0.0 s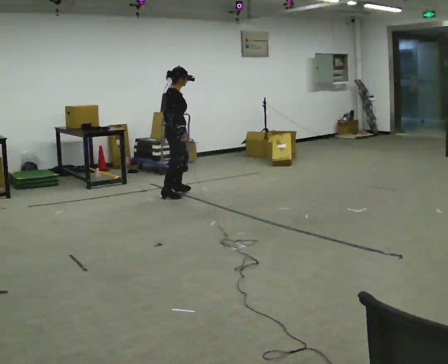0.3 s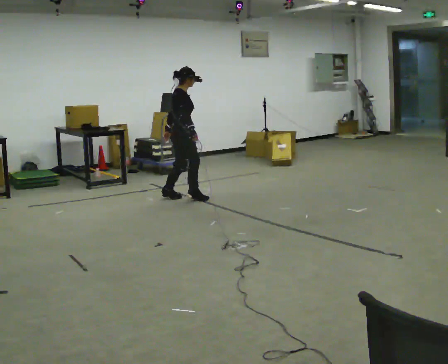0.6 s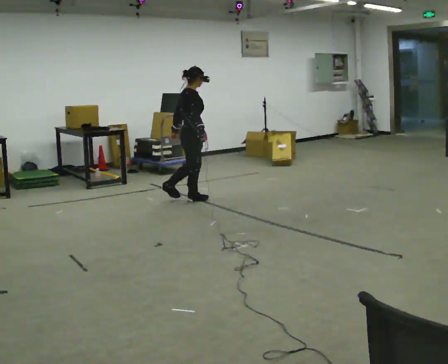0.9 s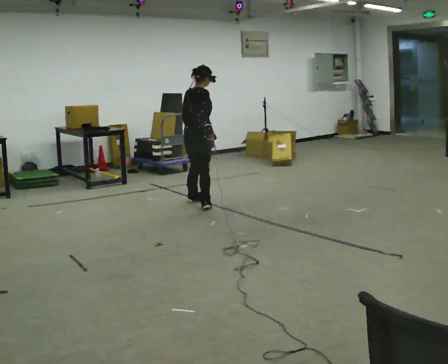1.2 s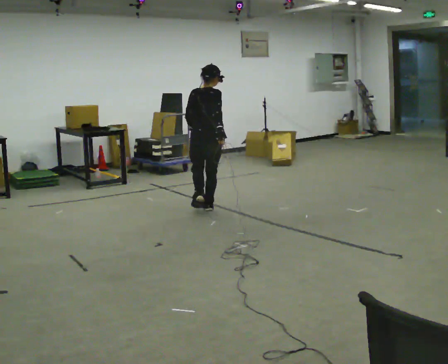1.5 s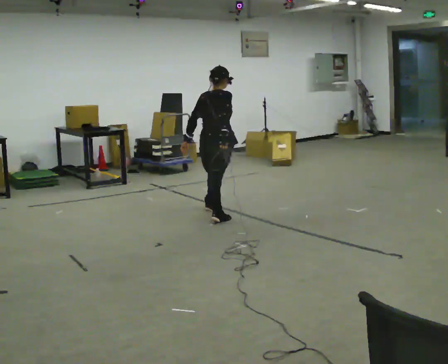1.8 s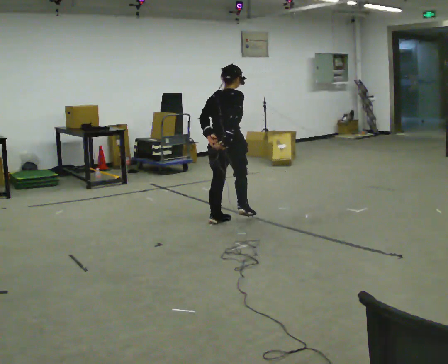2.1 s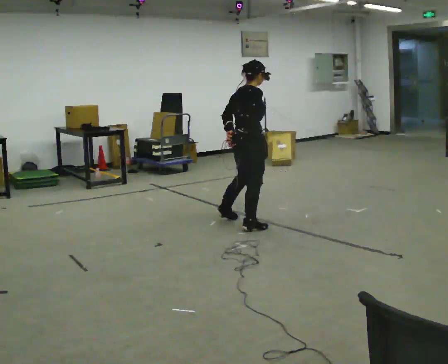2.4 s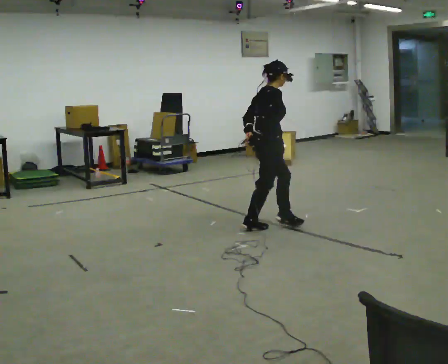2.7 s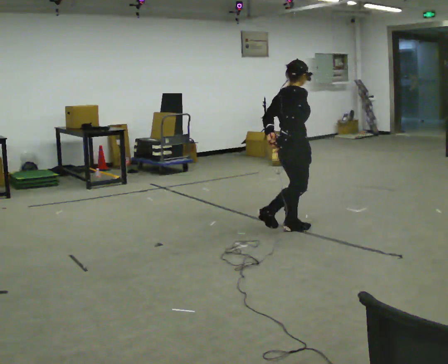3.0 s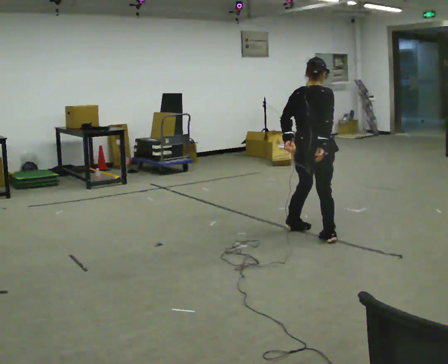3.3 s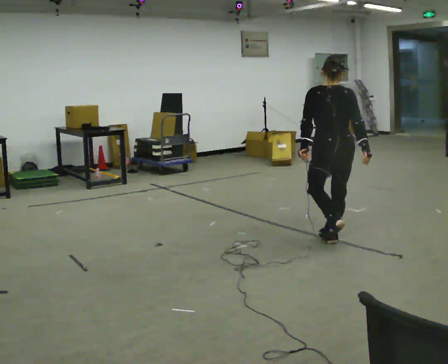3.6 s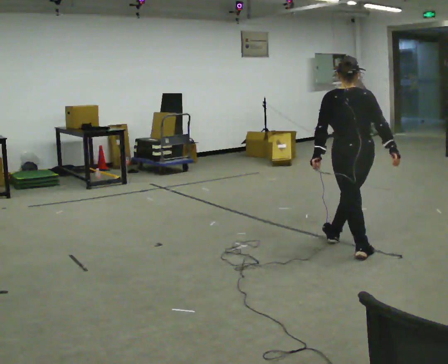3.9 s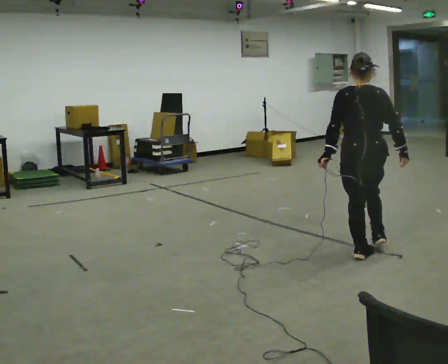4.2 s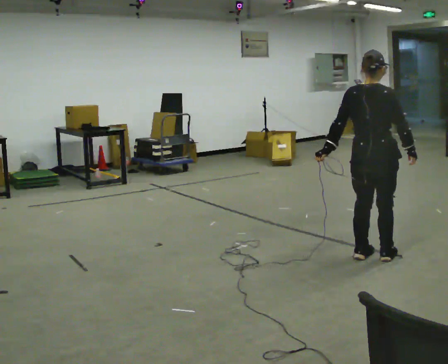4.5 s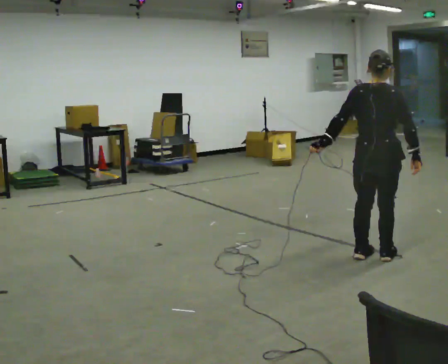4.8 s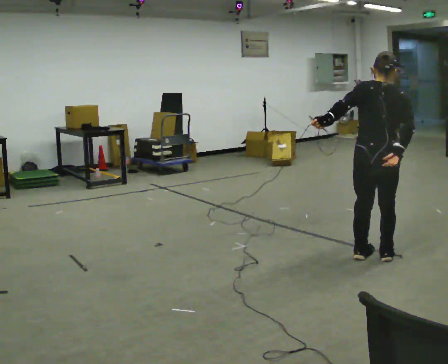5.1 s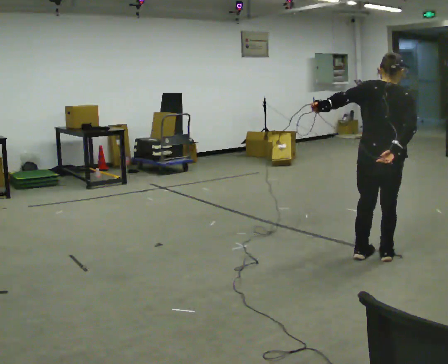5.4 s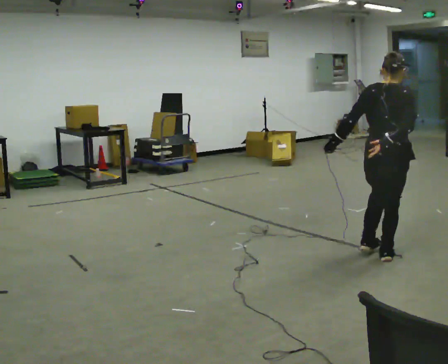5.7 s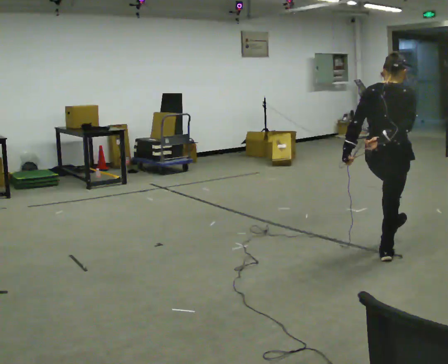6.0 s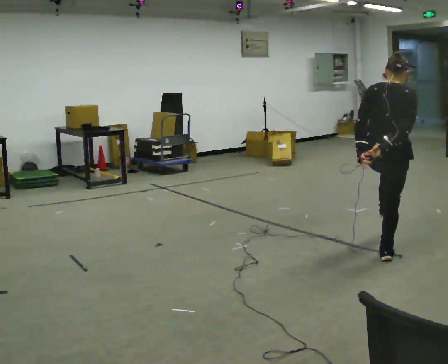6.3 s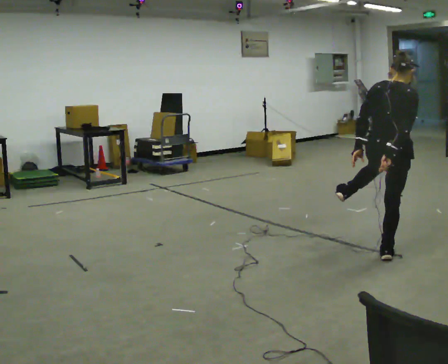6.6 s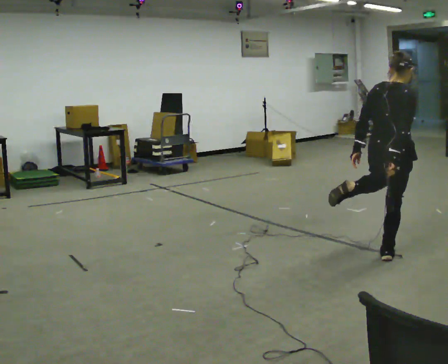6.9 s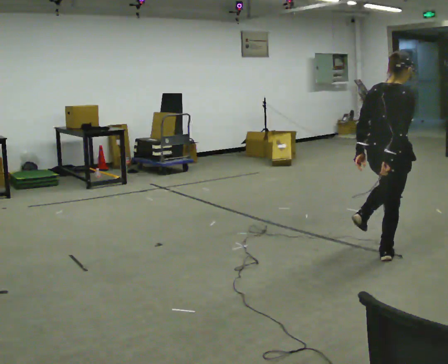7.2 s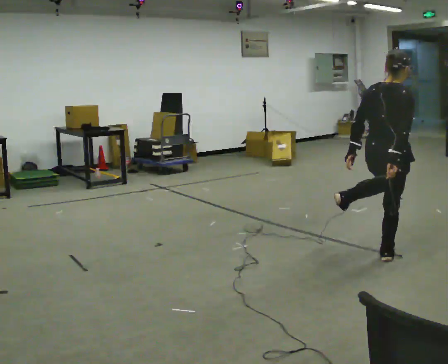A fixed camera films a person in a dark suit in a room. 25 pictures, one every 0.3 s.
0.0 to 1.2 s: The person turns about 60 degrees to their left, counterclockwise seen from above, so the part of the body nearest the lens slides to the right. In the picture they go to the right and toward the camera, about 0.5 m in 2 steps.
1.2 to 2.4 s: Seen from above the body turns clockwise, about 60 degrees: to their right, with its near side sliding to the left. In the picture they go to the right and toward the camera, about 1 m in 2 steps.
2.4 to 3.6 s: The person turns about 75 degrees to their left, counterclockwise seen from above, so the part of the body nearest the lens slides to the right. In the picture they go to the right and toward the camera, about 1 m in 2 steps.
3.6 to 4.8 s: In the picture they go toward the camera and to the right, about 0.25 m in 1 step, which for them is to their right and backward.
4.8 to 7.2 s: The part of the body nearest the lens slides to the left as the person turns to their right by about 30 degrees.
The film runs backward here.
